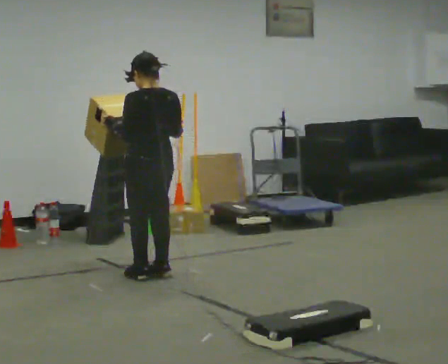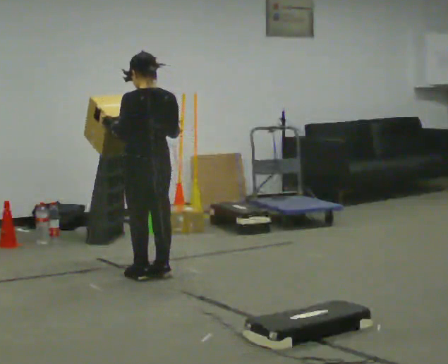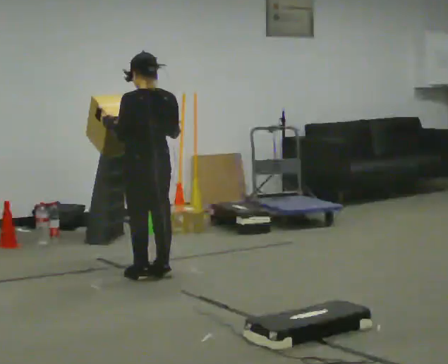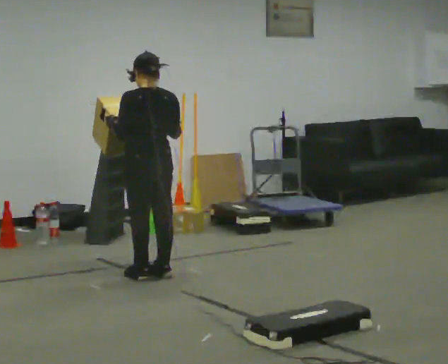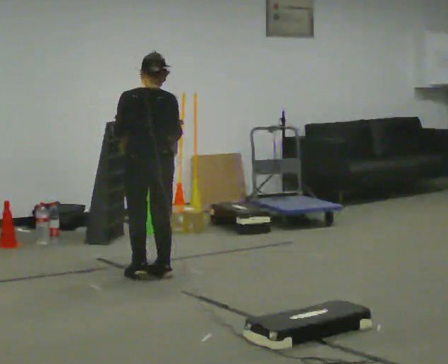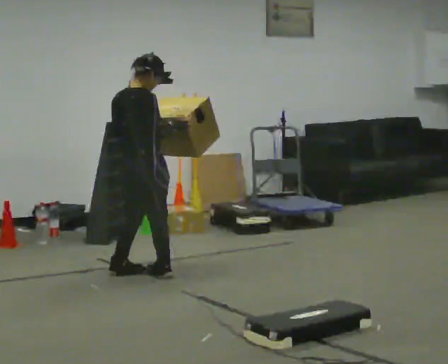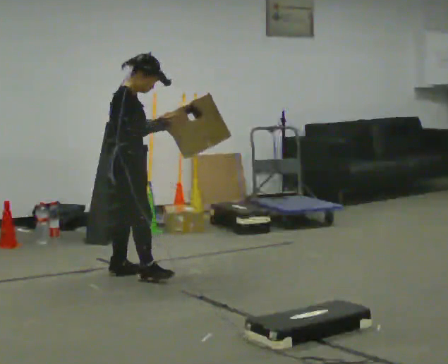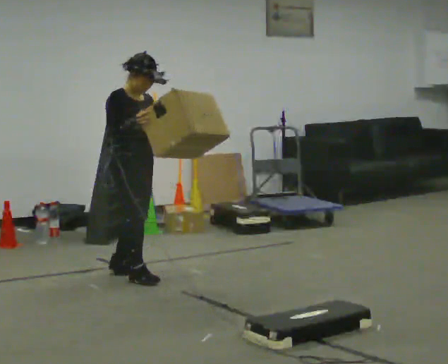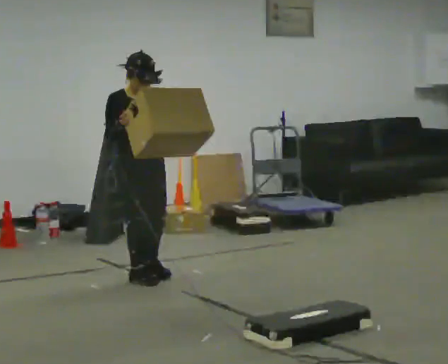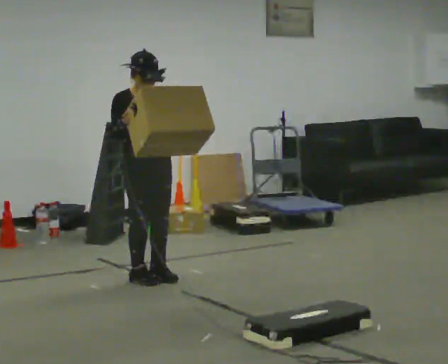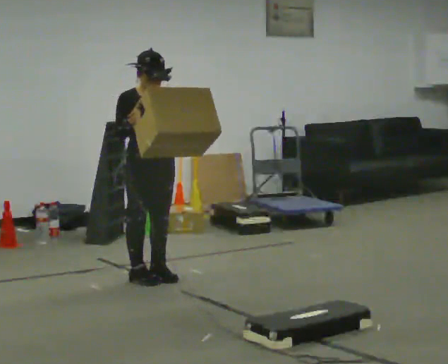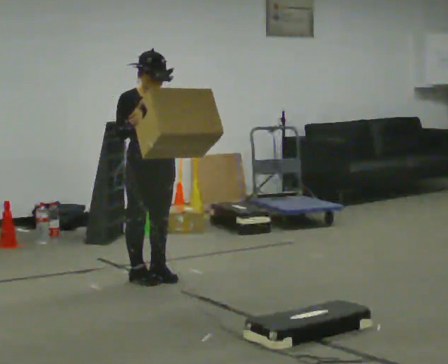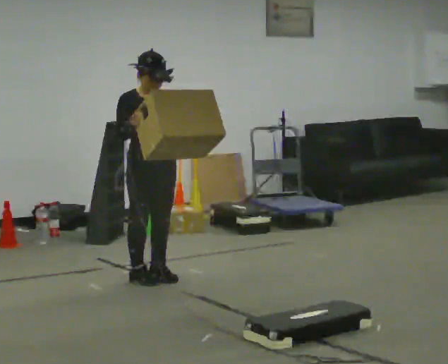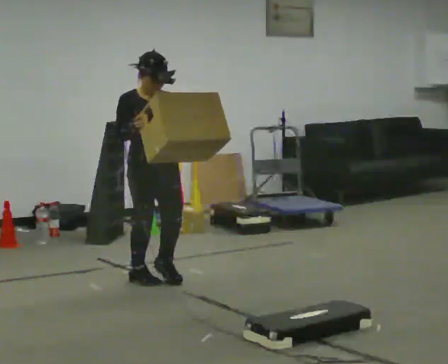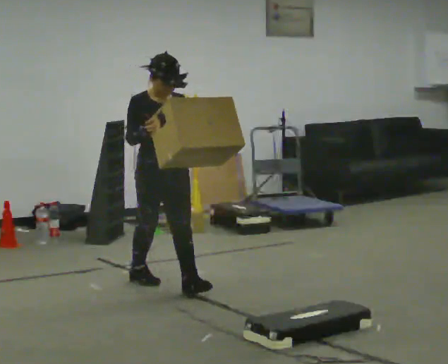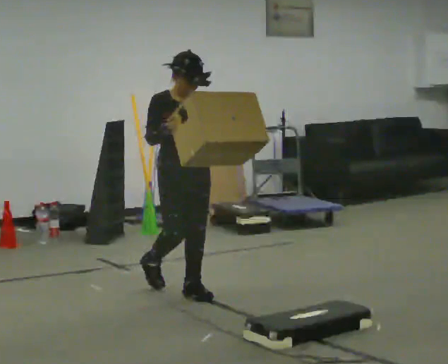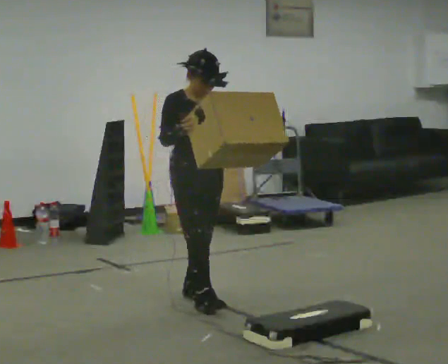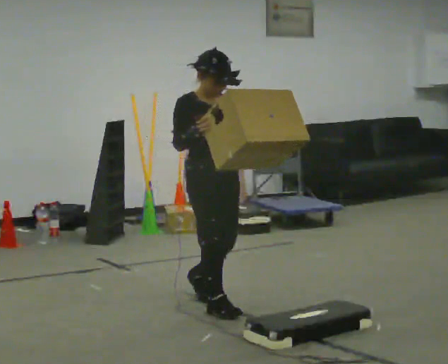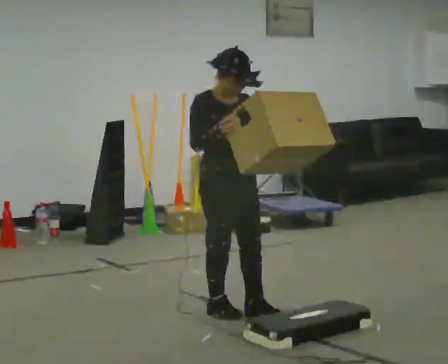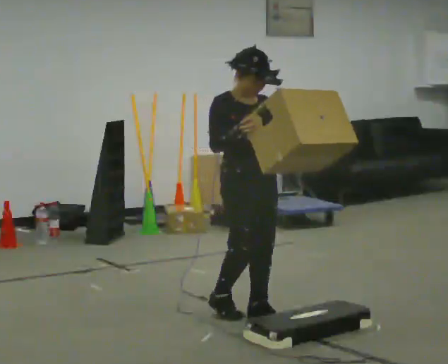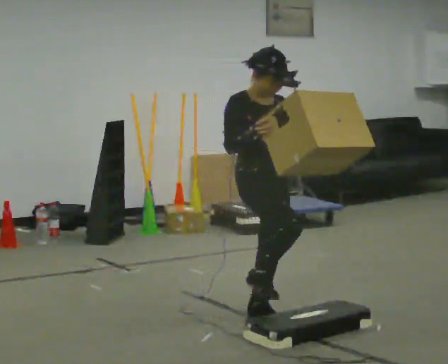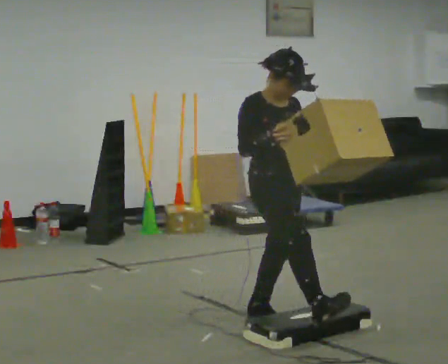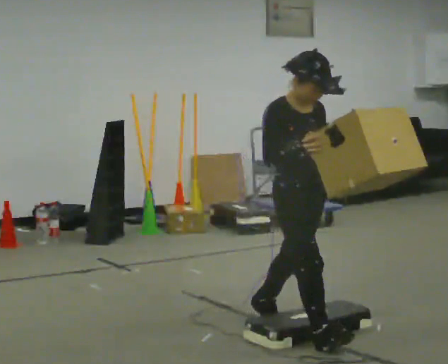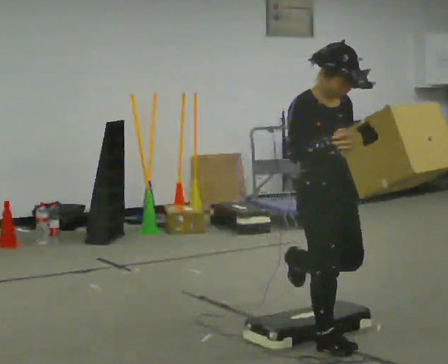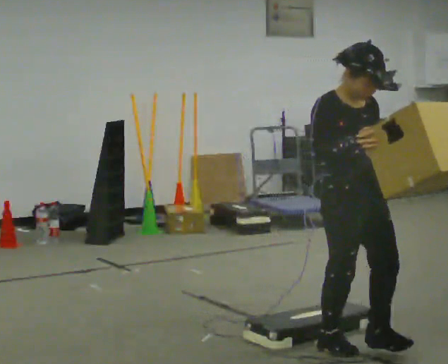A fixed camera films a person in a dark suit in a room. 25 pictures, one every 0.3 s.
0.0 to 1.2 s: Seen from above the body turns clockwise, about 30 degrees: to their right, with its near side sliding to the left.
1.2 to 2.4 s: Seen from above the body turns clockwise, about 150 degrees: to their right, with its near side sliding to the left. In the picture their right hand goes to the left.
2.4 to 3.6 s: The person moves a little, or ends about where they began.
3.6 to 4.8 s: In the picture they go toward the camera and to the right, about 0.5 m in 1 step, which for them is forward.
4.8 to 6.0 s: In the picture they go toward the camera and to the right, about 0.5 m in 2 steps, which for them is forward.
6.0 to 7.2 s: In the picture they go toward the camera and to the right, about 0.5 m in 1 step, which for them is forward.
The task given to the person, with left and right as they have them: Carry the box over the low sill without stopping, then bring it back over. Keep going until the operator says stop; one object at a time, and do not rush between trips.
The film runs forward here.
